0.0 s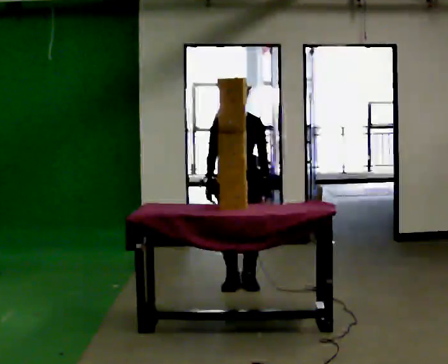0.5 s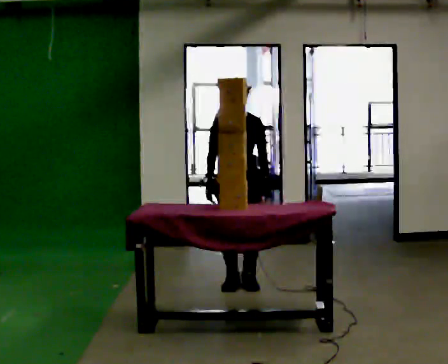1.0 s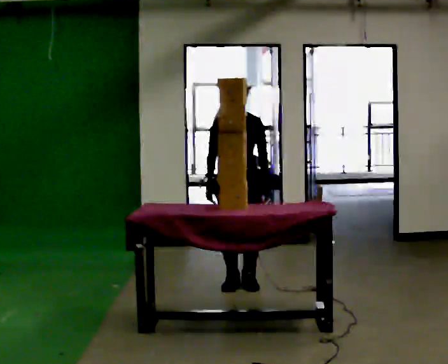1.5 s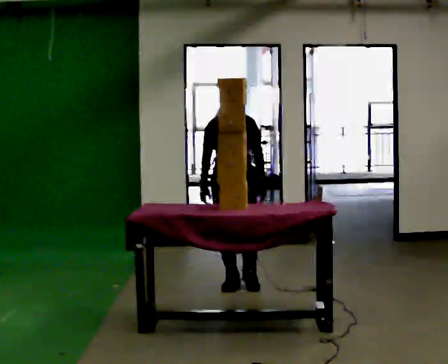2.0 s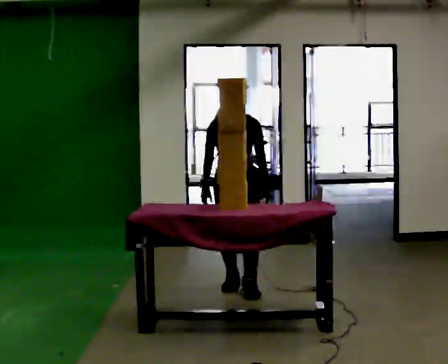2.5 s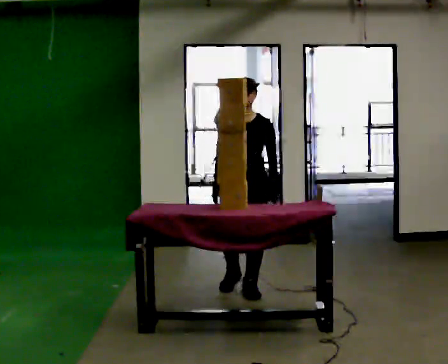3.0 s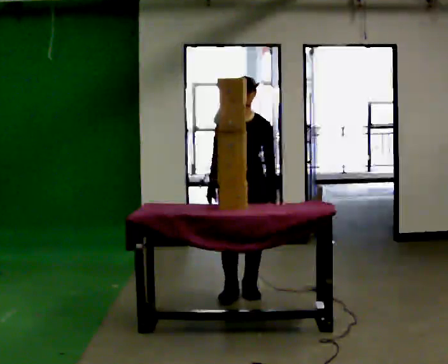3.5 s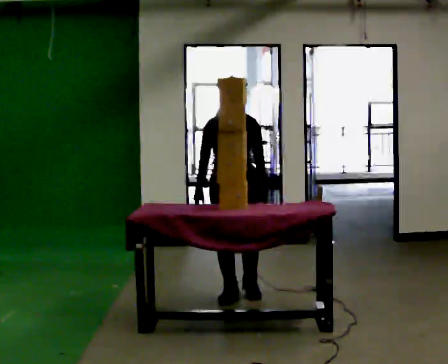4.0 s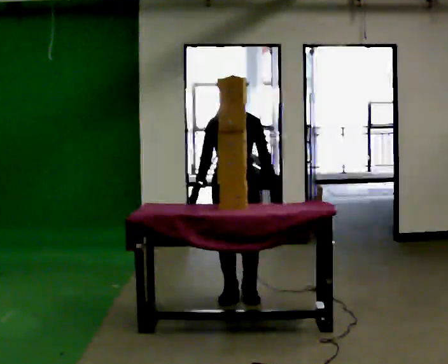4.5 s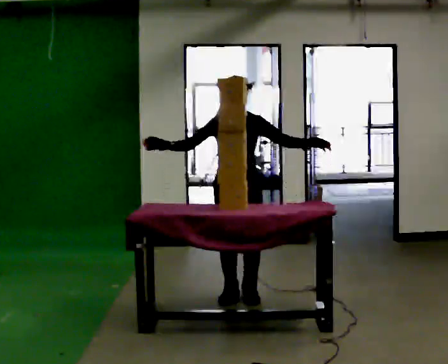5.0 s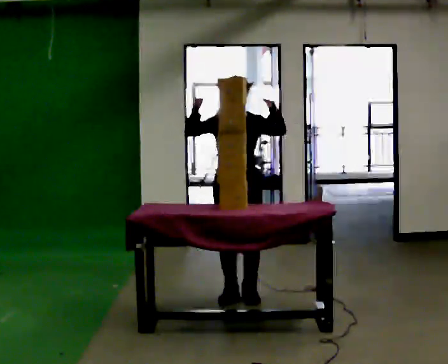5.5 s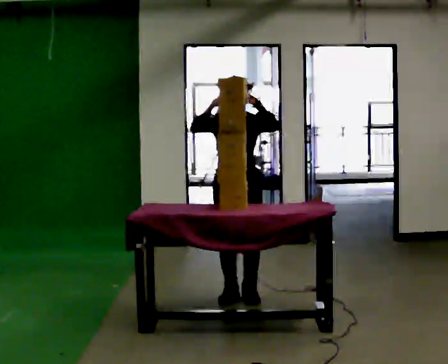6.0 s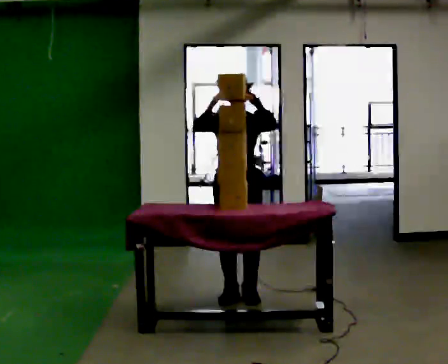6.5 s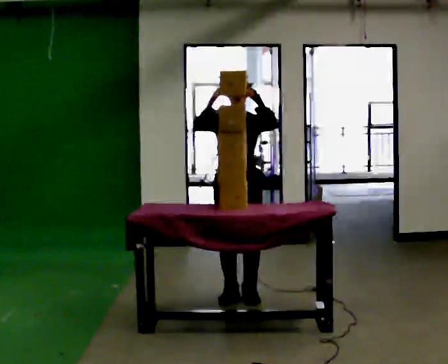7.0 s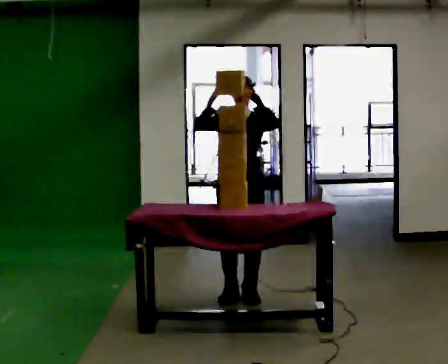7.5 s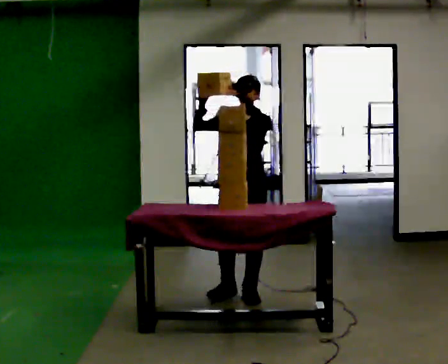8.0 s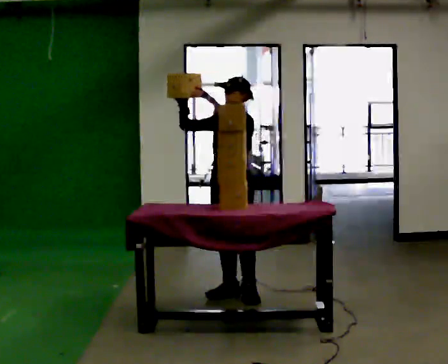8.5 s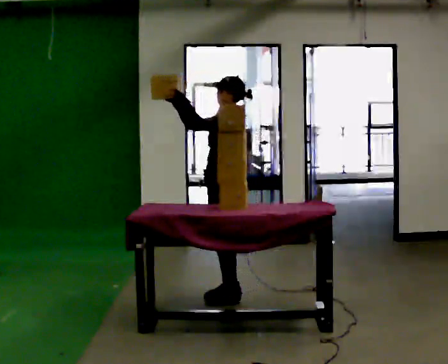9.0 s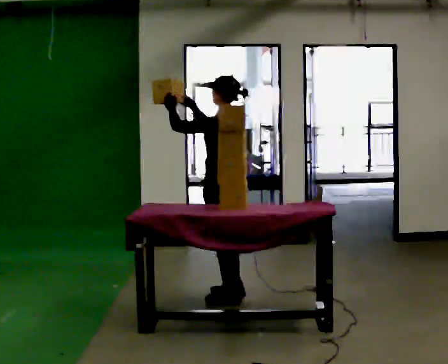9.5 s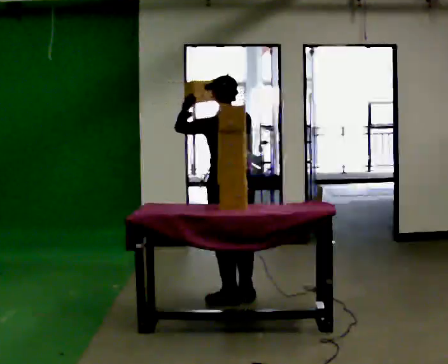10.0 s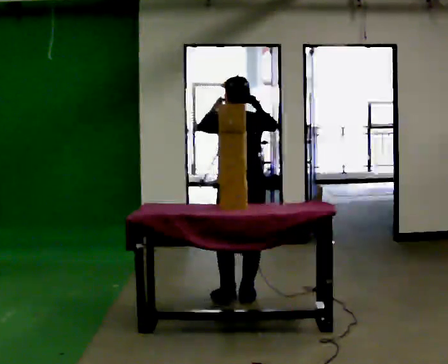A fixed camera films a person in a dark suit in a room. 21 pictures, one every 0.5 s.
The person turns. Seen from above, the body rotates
clockwise.
The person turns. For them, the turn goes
to their right.
0.0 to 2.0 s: The person moves a little, or ends about where they began.
2.0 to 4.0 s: In the picture they go toward the camera, about 0.25 m in 1 step, which for them is forward.
4.0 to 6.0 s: In the picture their left hand goes upward.
6.0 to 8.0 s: The person turns about 45 degrees to their right, clockwise seen from above, so the part of the body nearest the lens slides to the left.
8.0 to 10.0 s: Seen from above the body turns clockwise, about 135 degrees: to their right, with its near side sliding to the left. In the picture their right hand goes to the right.
The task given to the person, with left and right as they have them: Take boxes off the top of the stack one at a time and carry them away, walking back for each one. Keep going until the operator says stop; one object at a time, and do not rush between trips.
The film runs forward here.
